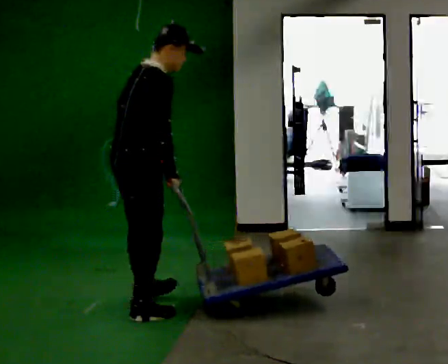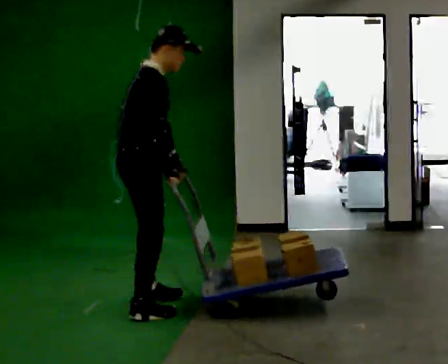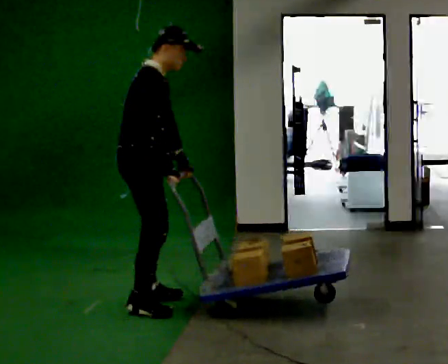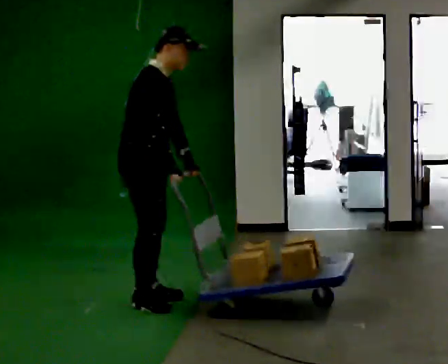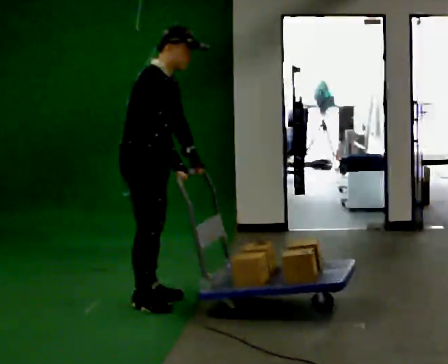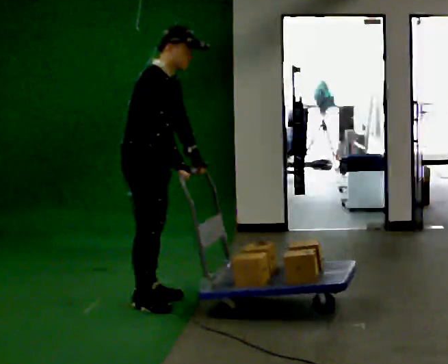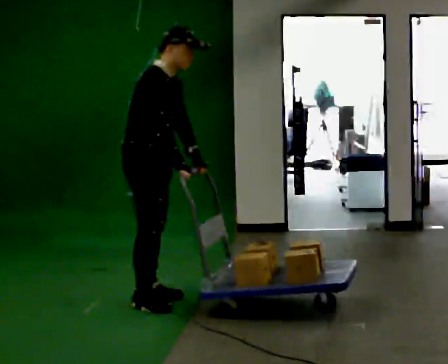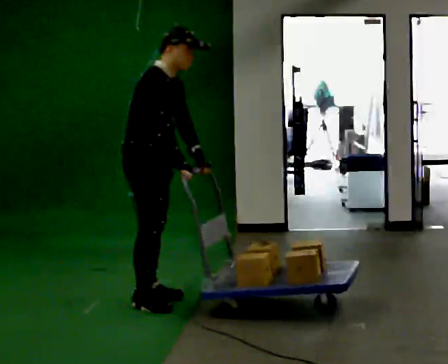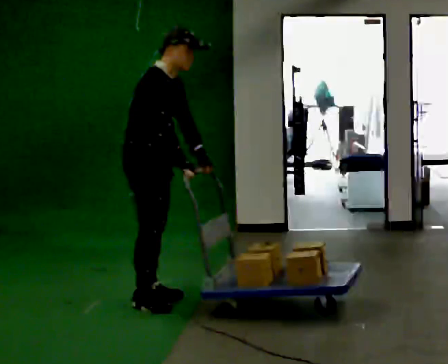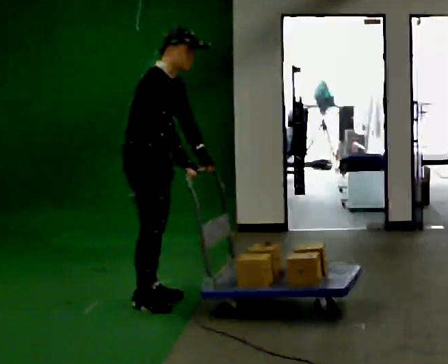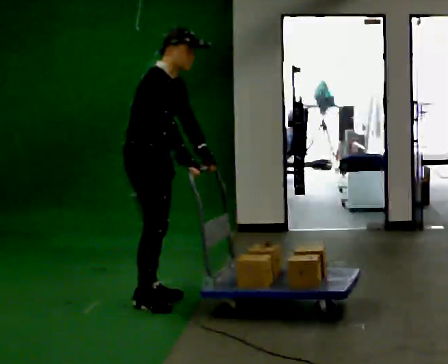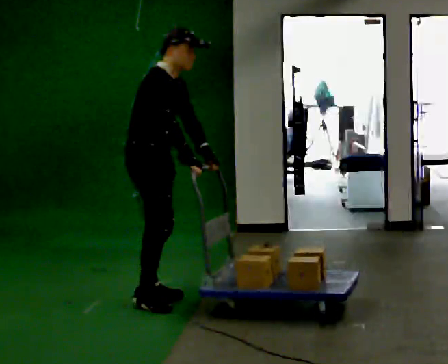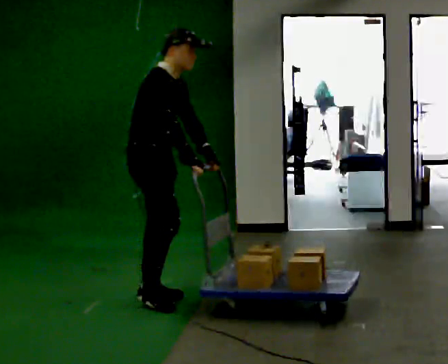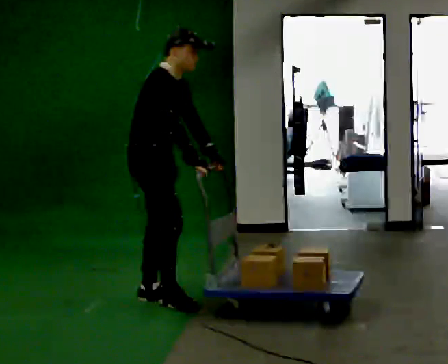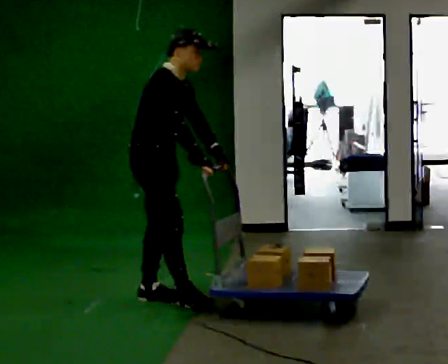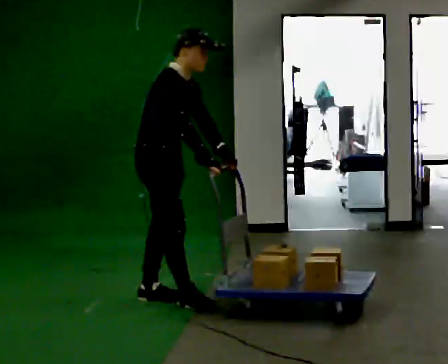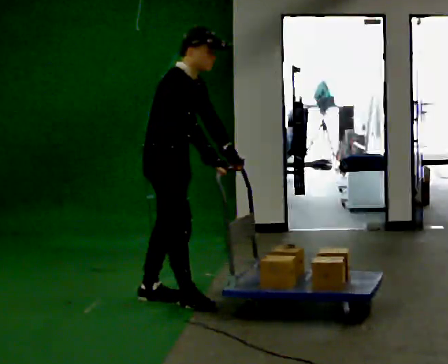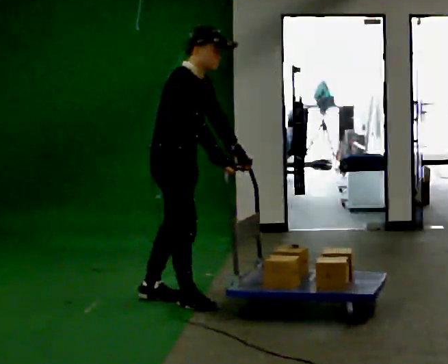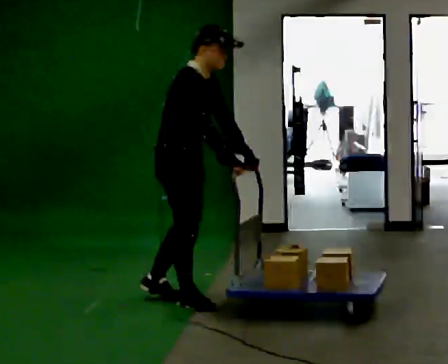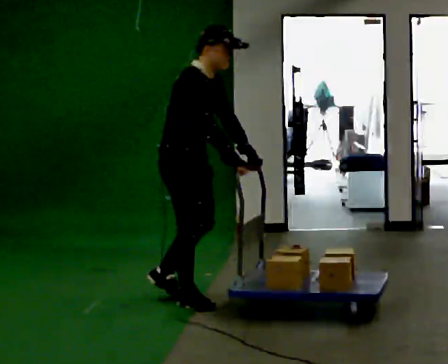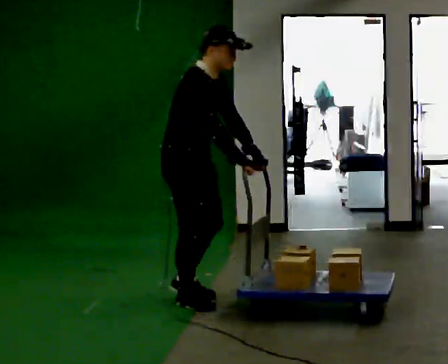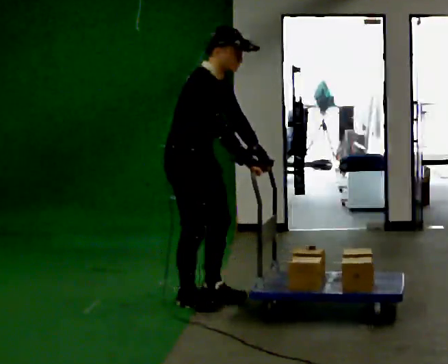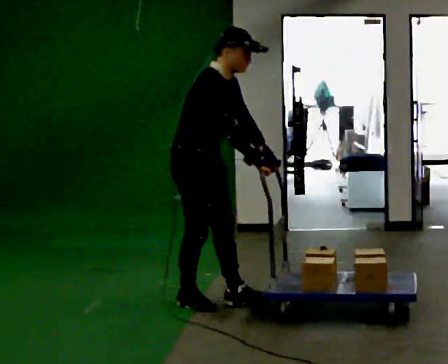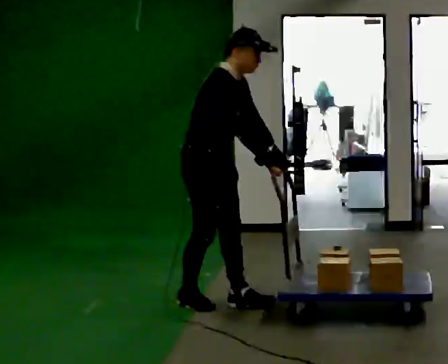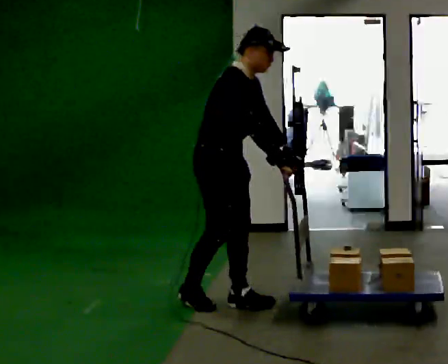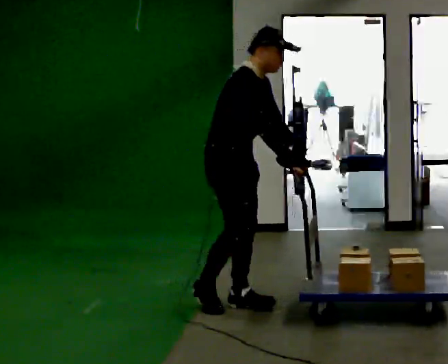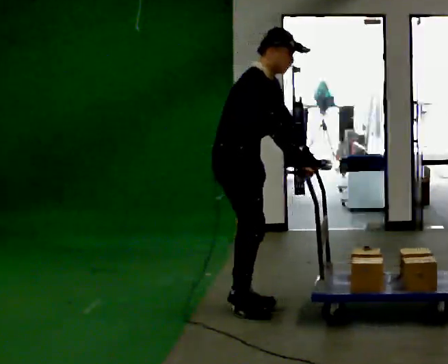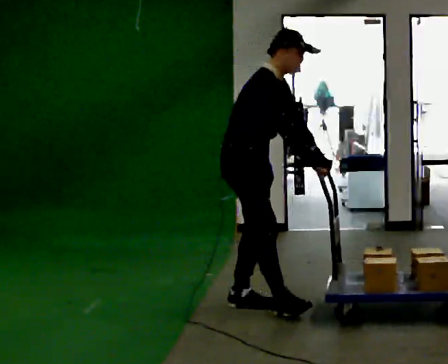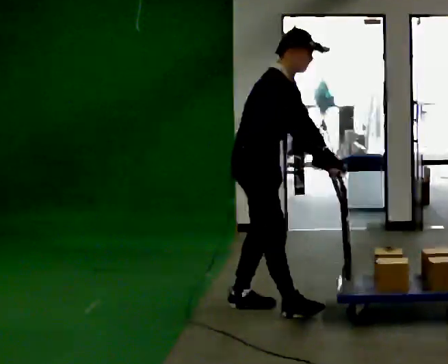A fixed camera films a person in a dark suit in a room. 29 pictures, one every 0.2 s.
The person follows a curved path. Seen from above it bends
clockwise.
0.0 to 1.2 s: The person turns about 45 degrees to their right, clockwise seen from above, so the part of the body nearest the lens slides to the left. In the picture they go away from the camera, about 0.25 m in 2 steps, which for them is to their left.
1.2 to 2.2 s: The person moves a little, or ends about where they began.
2.2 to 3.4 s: In the picture they go to the right, about 0.25 m in 1 step, which for them is forward.
3.4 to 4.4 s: The person moves a little, or ends about where they began.
4.4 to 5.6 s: In the picture they go to the right, about 0.25 m in 2 steps, which for them is forward.
The film runs forward here.
